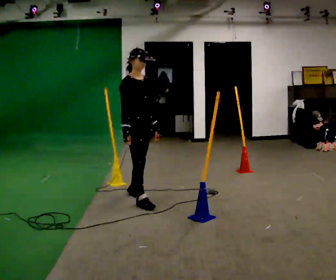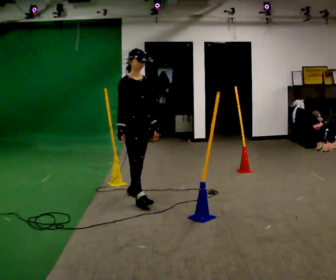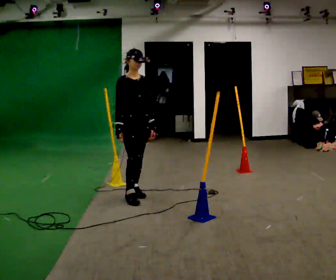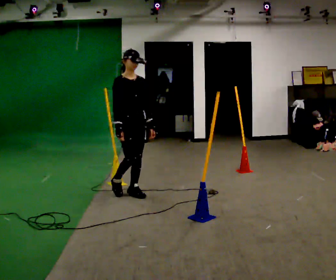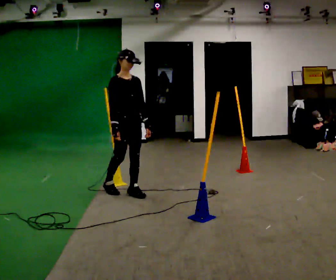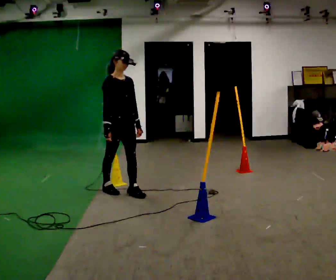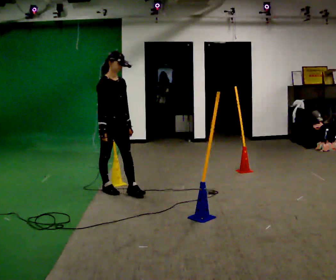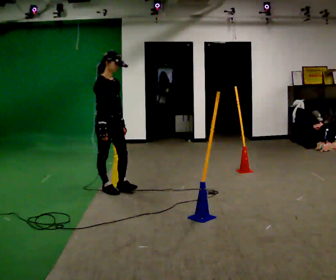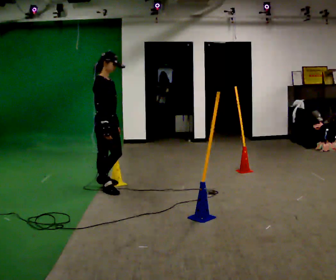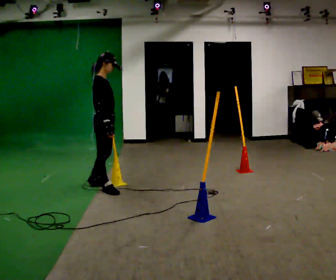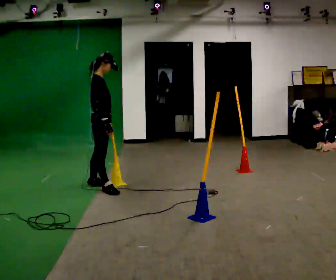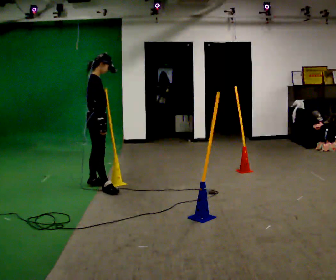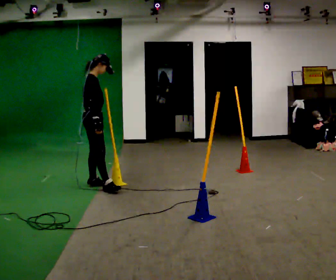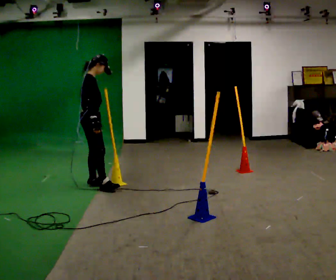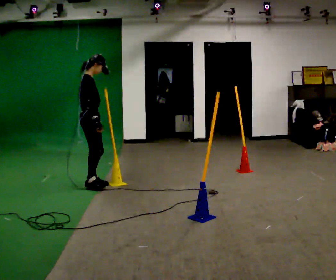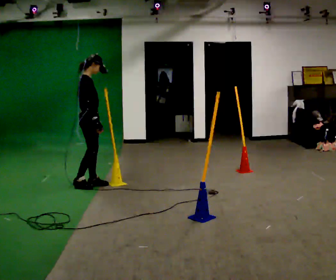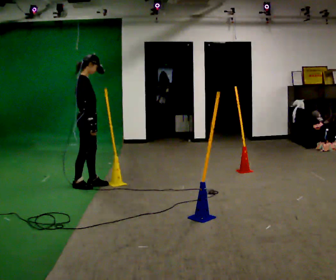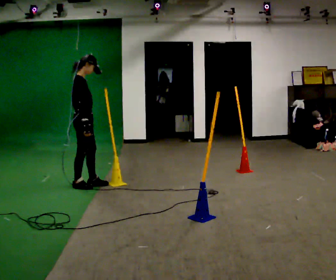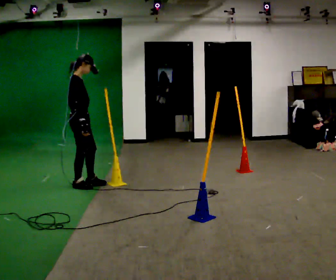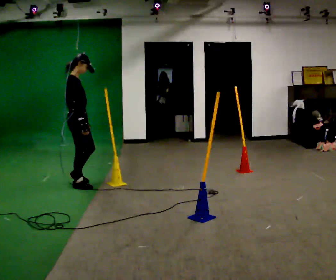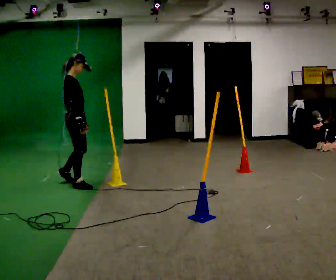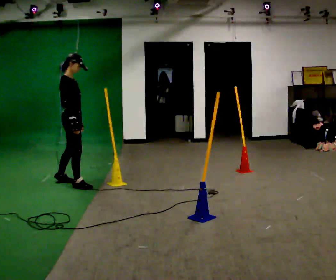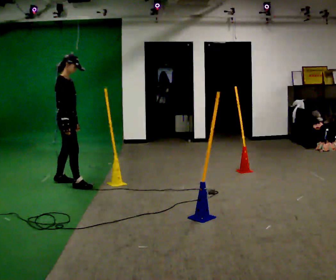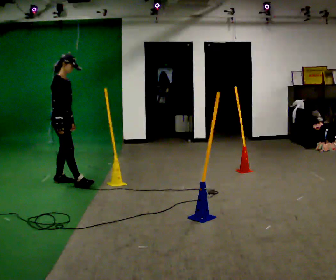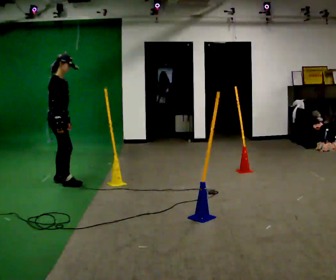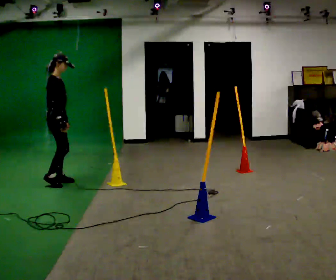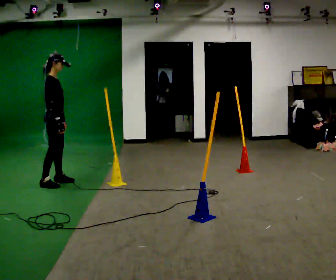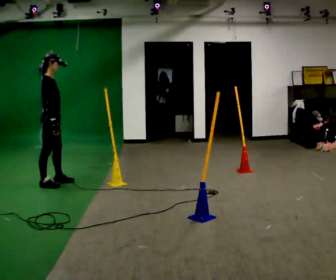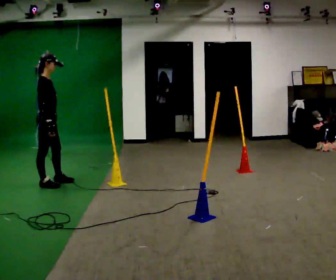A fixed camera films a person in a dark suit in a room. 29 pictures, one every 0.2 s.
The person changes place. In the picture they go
to the left.
0.0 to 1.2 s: In the picture they go away from the camera and to the left, about 0.5 m in 1 step, which for them is backward.
1.2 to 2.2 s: The person turns about 45 degrees to their left, counterclockwise seen from above, so the part of the body nearest the lens slides to the right. In the picture they go away from the camera and to the left, about 0.25 m in 1 step, which for them is backward and to their left.
2.2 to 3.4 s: In the picture they go to the left, about 0.25 m in 1 step, which for them is backward.
3.4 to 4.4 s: In the picture they go to the left, about 0.25 m in 1 step, which for them is backward.
4.4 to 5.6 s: In the picture they go to the left, about 0.25 m in 1 step, which for them is backward.
The film runs backward here.
